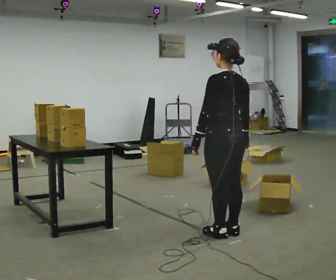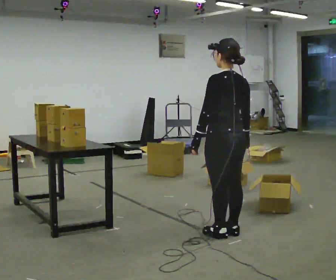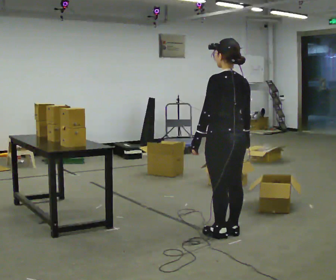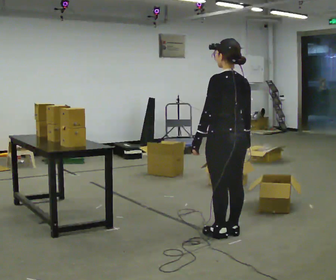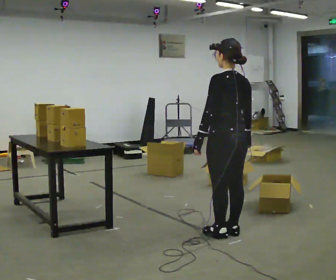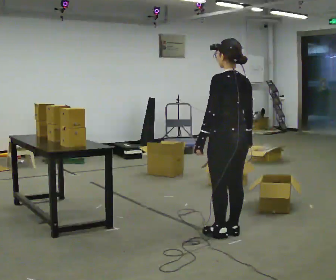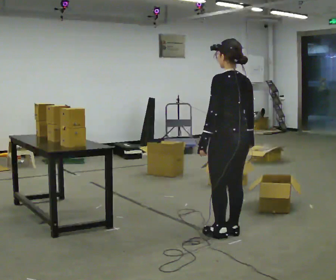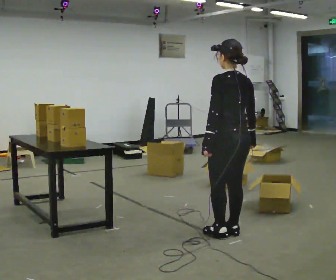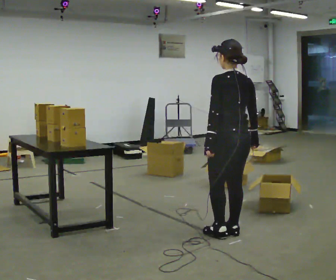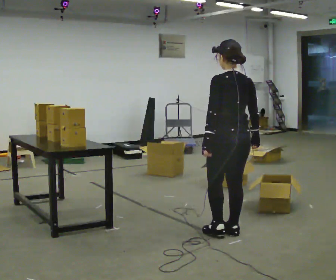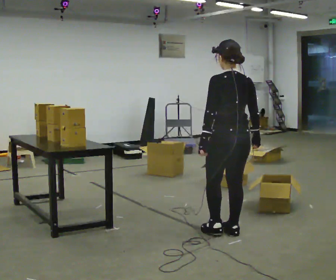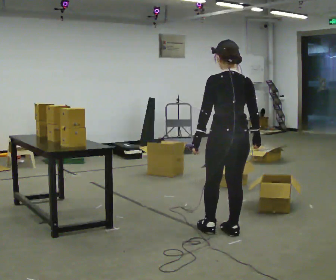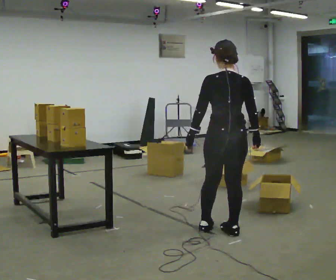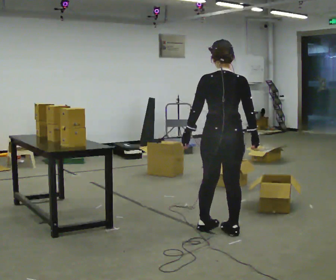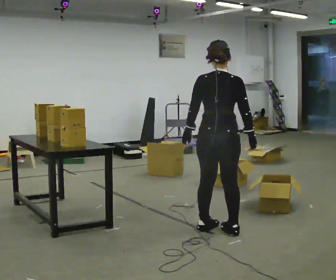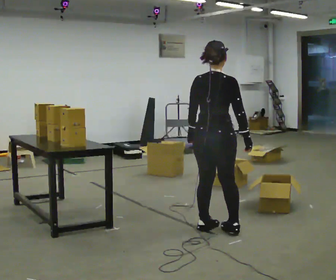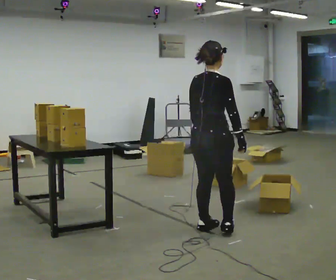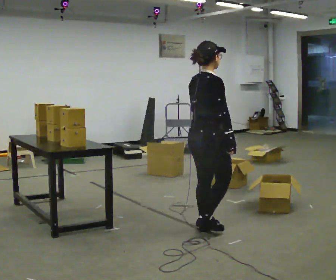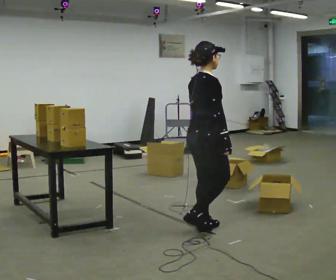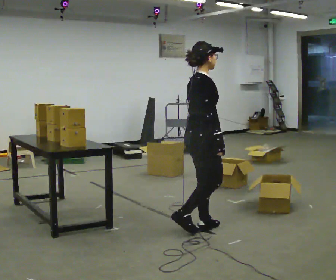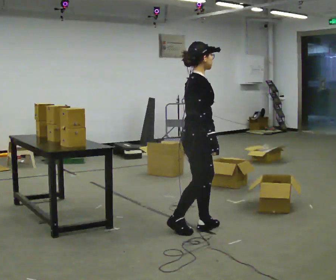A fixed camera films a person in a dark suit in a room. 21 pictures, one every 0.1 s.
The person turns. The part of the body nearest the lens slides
to the left.
The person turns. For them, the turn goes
to their right.
0.0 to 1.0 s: The person moves a little, or ends about where they began.
1.0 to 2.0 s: The person turns about 105 degrees to their right, clockwise seen from above, so the part of the body nearest the lens slides to the left. In the picture they go to the left, about 0.25 m in 1 step.
The film runs backward here.
